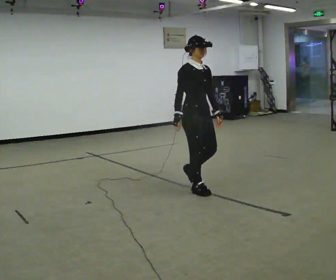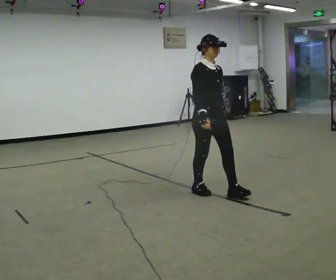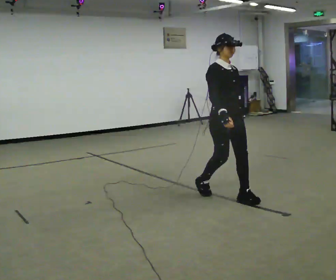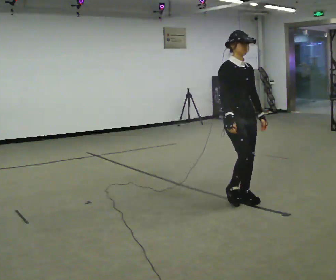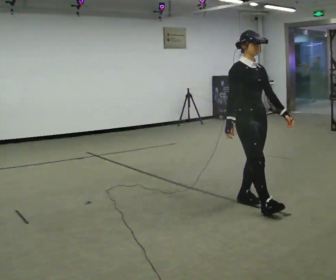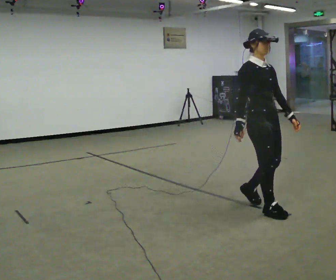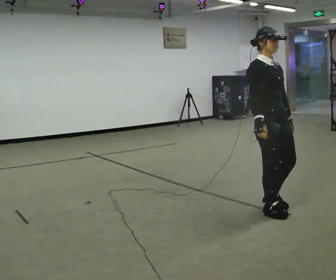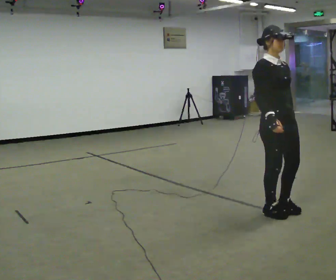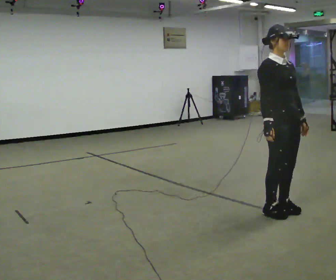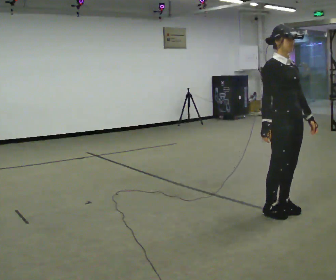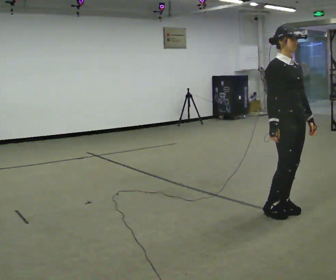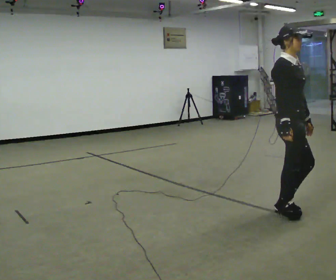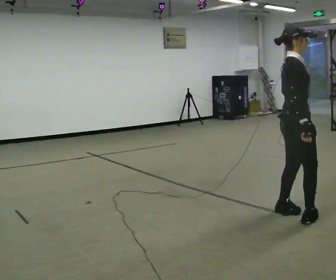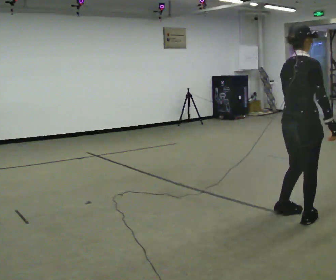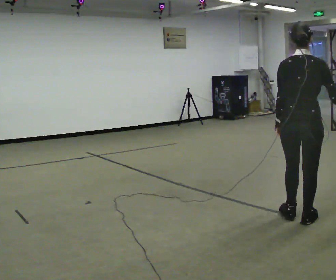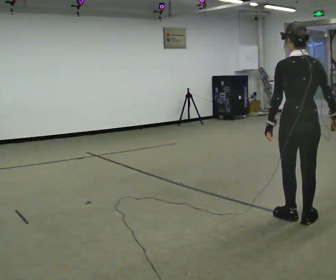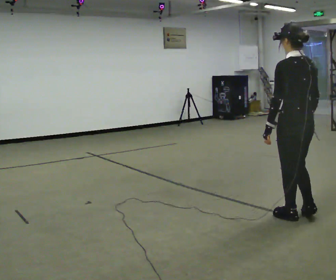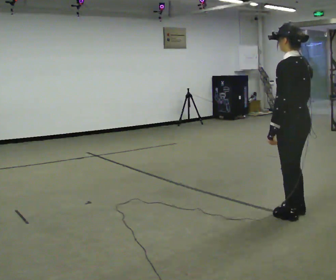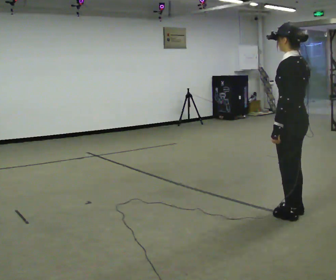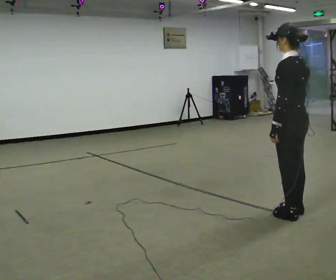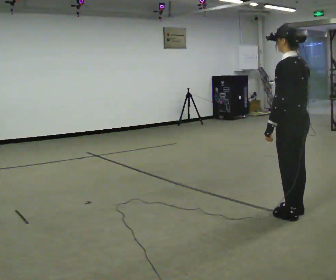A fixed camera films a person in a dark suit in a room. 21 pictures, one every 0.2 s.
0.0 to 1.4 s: In the picture they go to the right and toward the camera, about 1 m in 3 steps, which for them is forward.
1.4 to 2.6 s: The person turns about 90 degrees to their left, counterclockwise seen from above, so the part of the body nearest the lens slides to the right. In the picture they go to the right and toward the camera, about 0.25 m in 1 step. In the picture their right hand goes to the right.
2.6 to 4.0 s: Seen from above the body turns counterclockwise, about 105 degrees: to their left, with its near side sliding to the right.
The film runs forward here.
